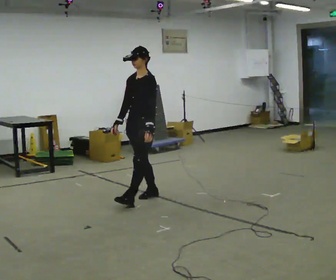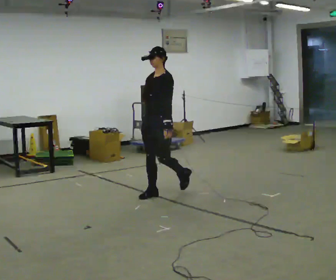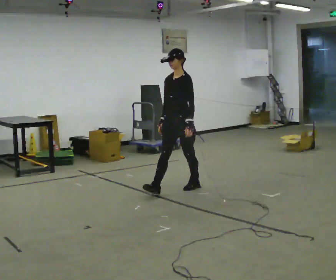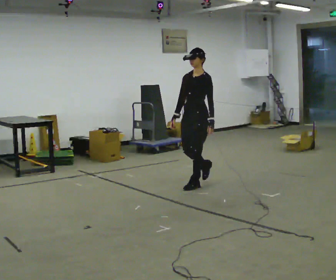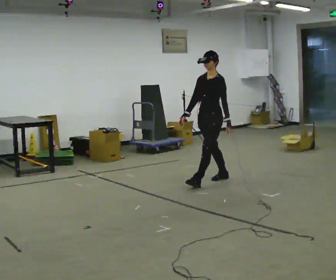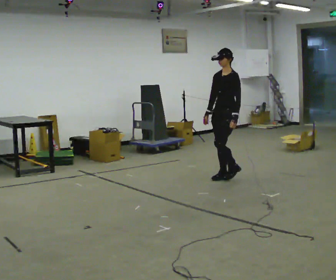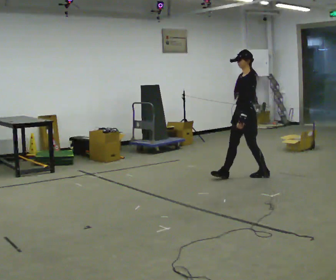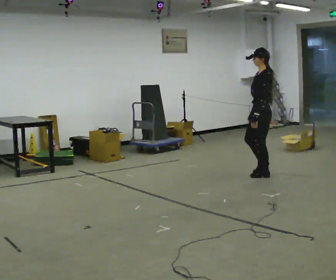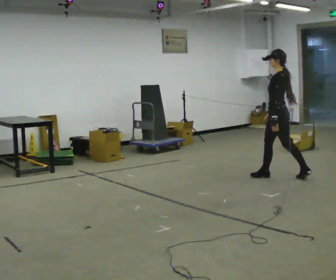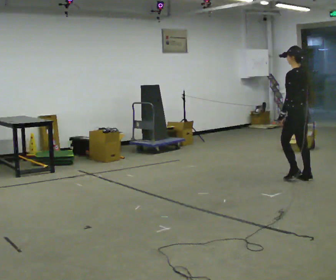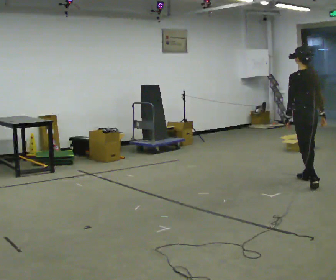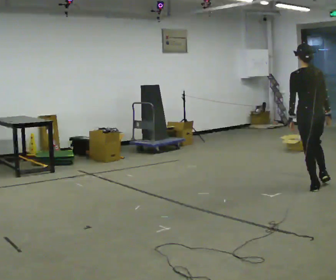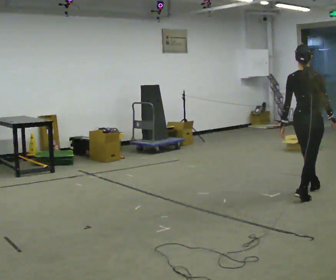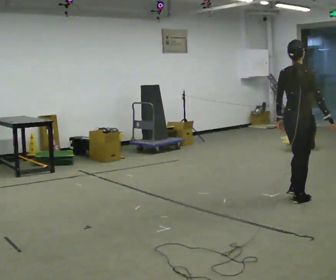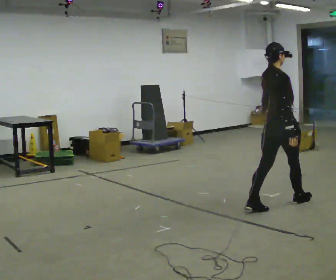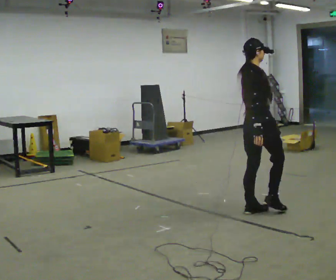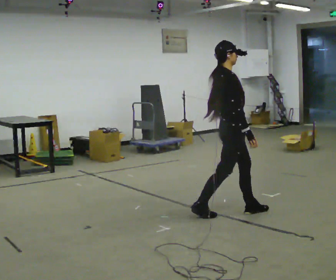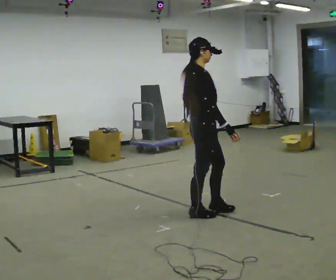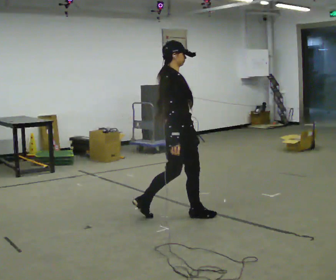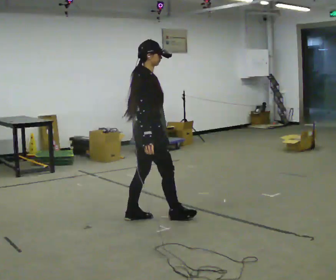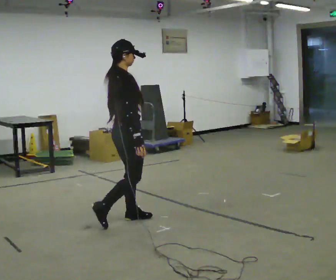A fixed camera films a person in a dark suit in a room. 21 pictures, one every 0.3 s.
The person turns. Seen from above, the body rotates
clockwise.
The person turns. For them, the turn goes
to their right.
0.0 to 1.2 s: In the picture they go away from the camera and to the right, about 1 m in 1 step, which for them is backward.
1.2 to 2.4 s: The person turns about 75 degrees to their right, clockwise seen from above, so the part of the body nearest the lens slides to the left. In the picture they go to the right, about 1 m in 2 steps.
2.4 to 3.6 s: The person turns about 90 degrees to their right, clockwise seen from above, so the part of the body nearest the lens slides to the left. In the picture they go toward the camera and to the right, about 1 m in 2 steps.
3.6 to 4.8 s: The person turns about 60 degrees to their right, clockwise seen from above, so the part of the body nearest the lens slides to the left. In the picture they go toward the camera and to the left, about 1 m in 2 steps, which for them is backward.
4.8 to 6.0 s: In the picture they go to the left and toward the camera, about 1 m in 2 steps, which for them is backward.
The film runs backward here.
